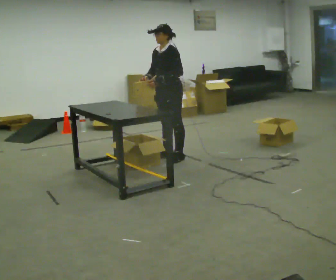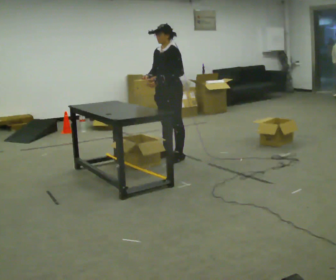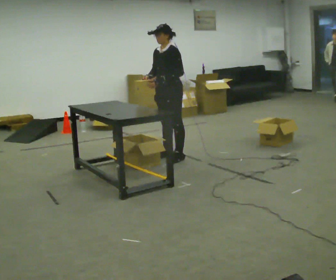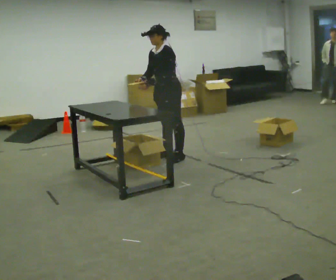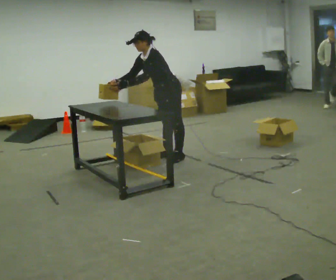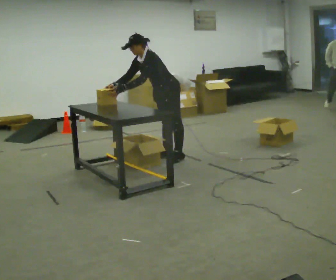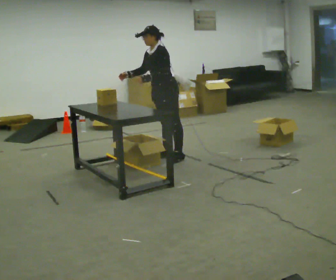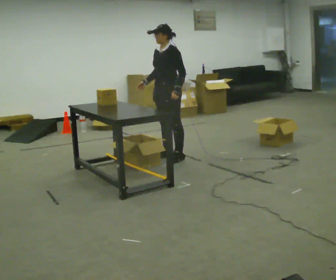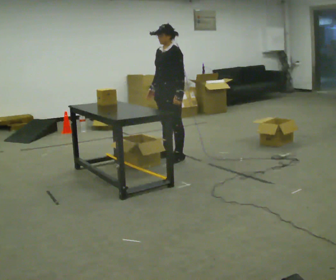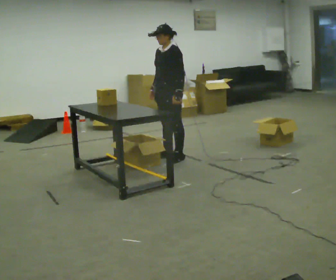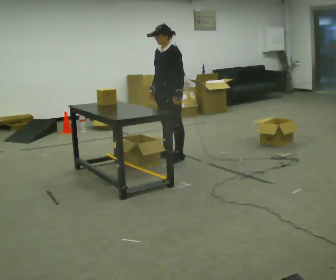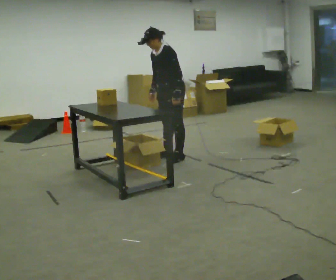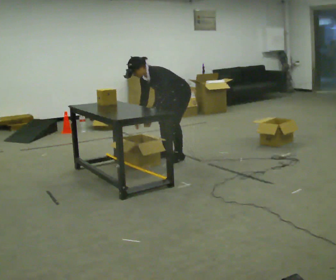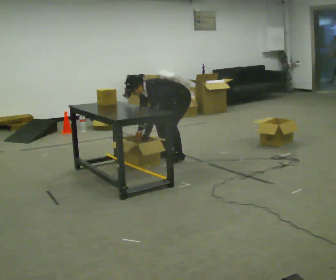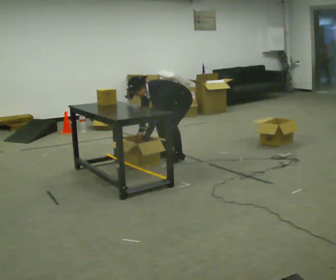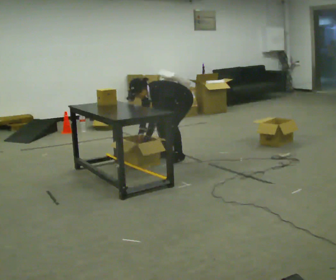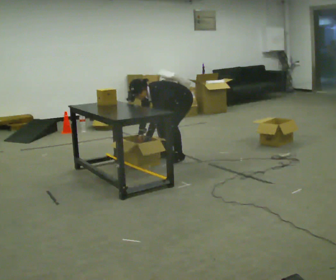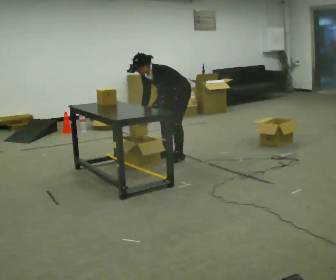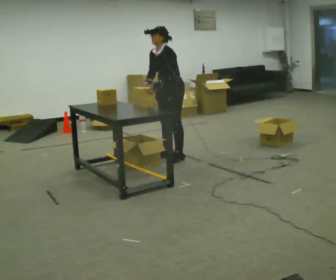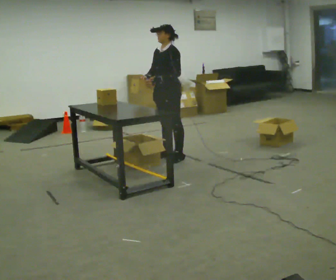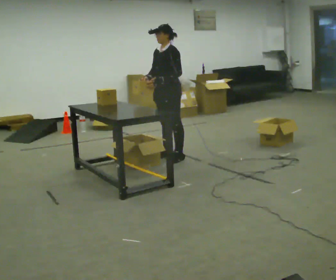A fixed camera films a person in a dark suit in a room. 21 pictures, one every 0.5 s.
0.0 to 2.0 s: In the picture the upper body tilts counterclockwise, shoulders to the left, as they bend forward. In the picture their left hand goes to the left.
2.0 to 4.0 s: In the picture the upper body tilts clockwise, shoulders to the right, as they lean back or straighten. In the picture their left hand goes to the right.
4.0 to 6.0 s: The shoulders move downward. In the picture the upper body tilts counterclockwise, shoulders to the left, as they bend forward. In the picture their left hand goes to the left.
6.0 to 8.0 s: The upper body goes downward. The upper body tips toward the camera, its near side rolling downward, as they bend forward.
8.0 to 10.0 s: The upper body goes upward. In the picture the upper body tilts clockwise, shoulders to the right, as they lean back or straighten. In the picture their left hand goes upward.
The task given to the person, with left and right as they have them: 1. Take everything out of the crates by the door. 2. Put the small items on the middle shelf. 3. Put the large items on the bottom shelf. 4. Stack the empty crates by the door. 5. Tell the operator when you are finished.
The film runs forward here.
